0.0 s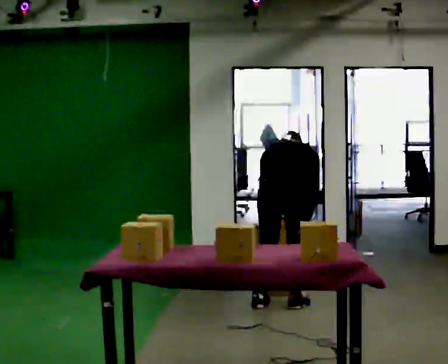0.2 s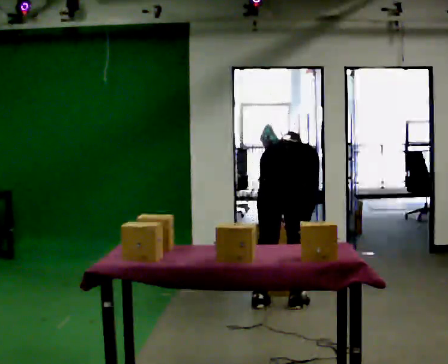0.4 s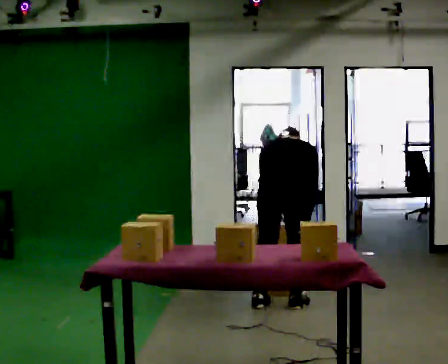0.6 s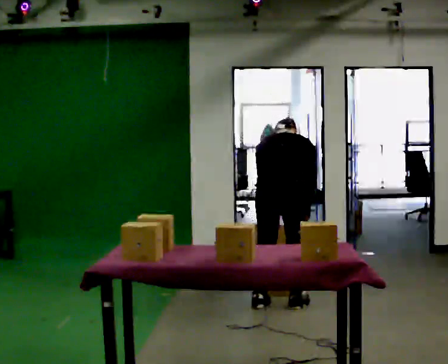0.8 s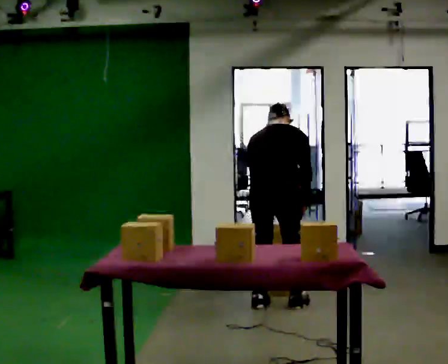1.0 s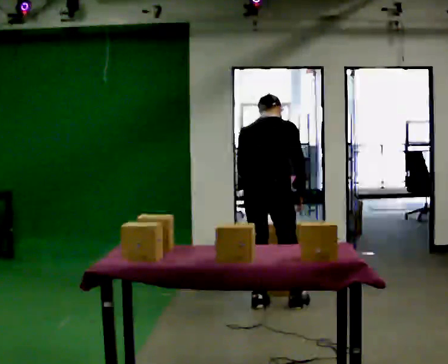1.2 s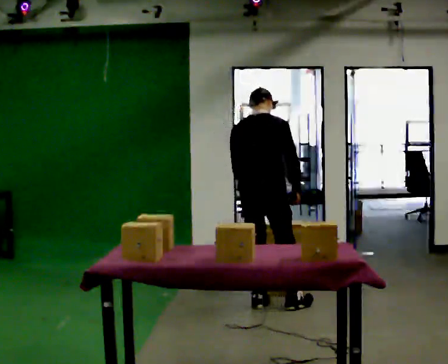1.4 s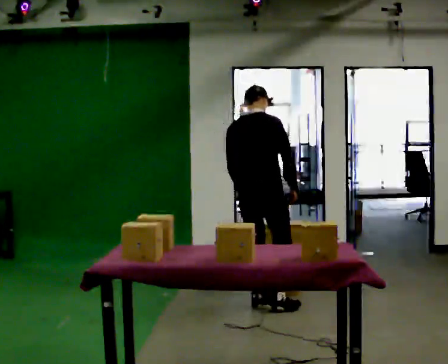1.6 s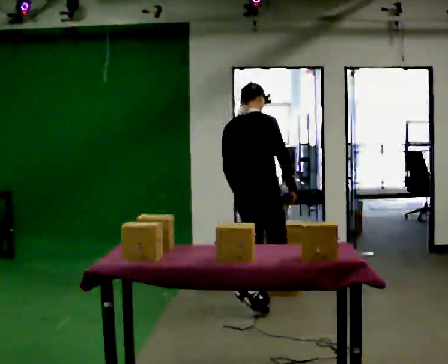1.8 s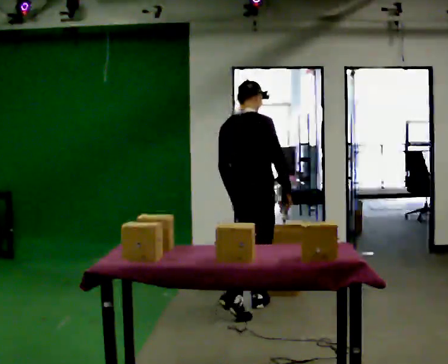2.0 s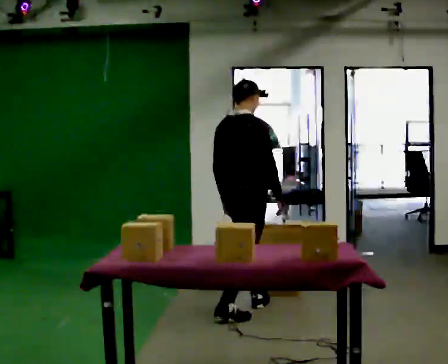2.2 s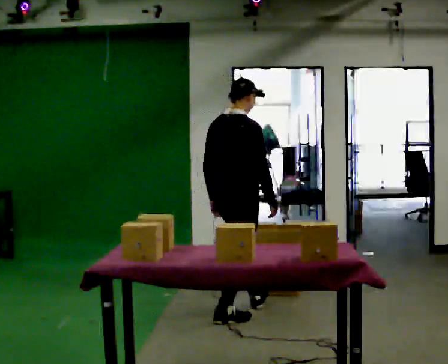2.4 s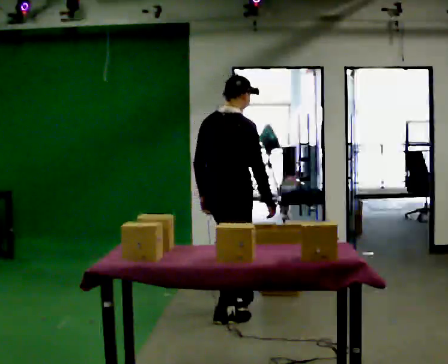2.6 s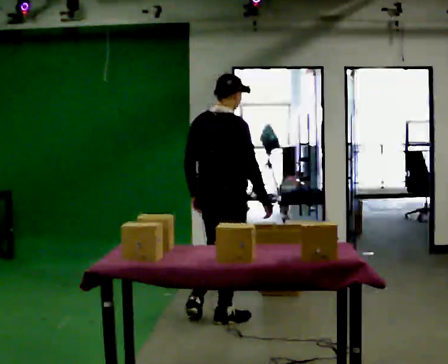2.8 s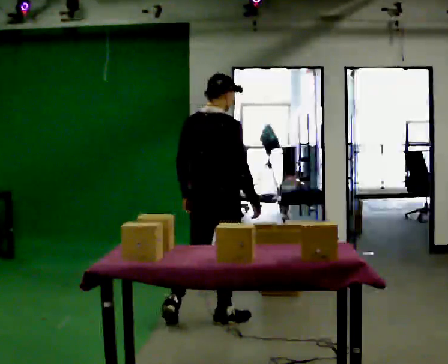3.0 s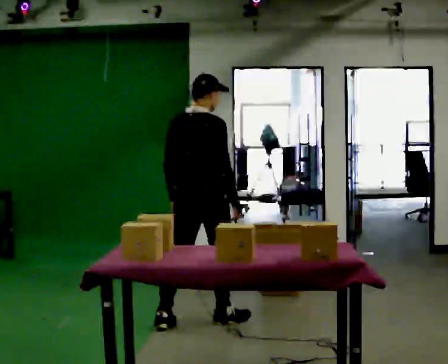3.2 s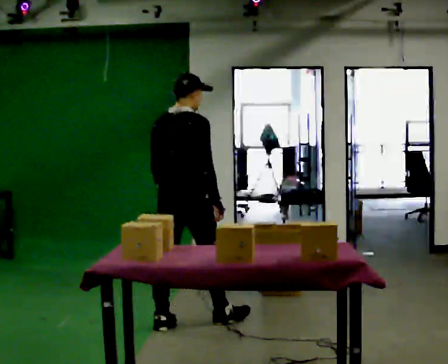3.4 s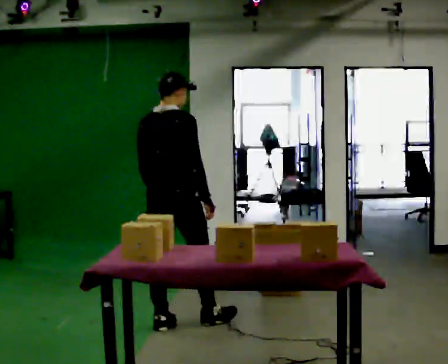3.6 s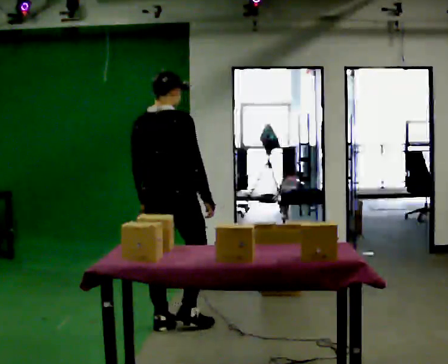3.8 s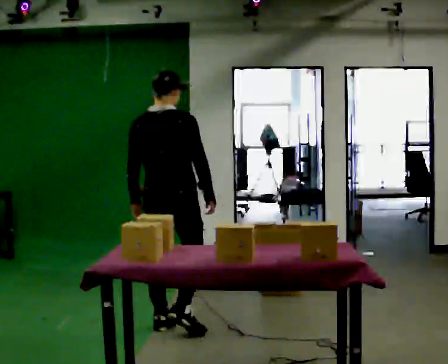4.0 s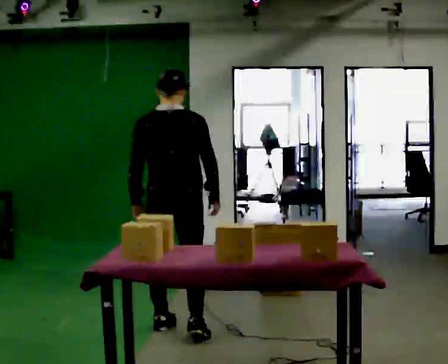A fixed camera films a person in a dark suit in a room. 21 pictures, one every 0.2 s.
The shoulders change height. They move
upward.
The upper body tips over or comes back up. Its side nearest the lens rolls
downward.
0.0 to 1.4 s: In the picture they go to the left, about 0.25 m in 1 step, which for them is to their left. The upper body goes upward. The upper body tips toward the camera, its near side rolling downward, as they lean back or straighten.
1.4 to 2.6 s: In the picture they go toward the camera and to the left, about 0.5 m in 1 step, which for them is backward.
2.6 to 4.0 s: Seen from above the body turns counterclockwise, about 30 degrees: to their left, with its near side sliding to the right. In the picture they go to the left and toward the camera, about 0.5 m in 1 step, which for them is backward.
The film runs backward here.
